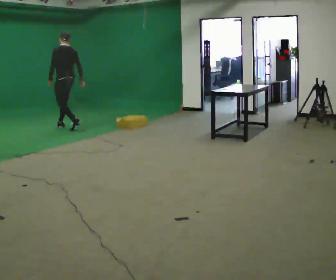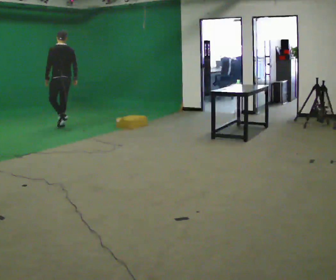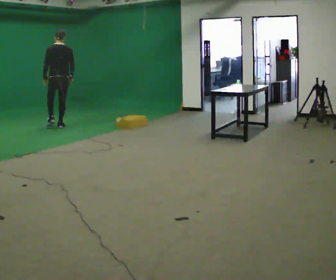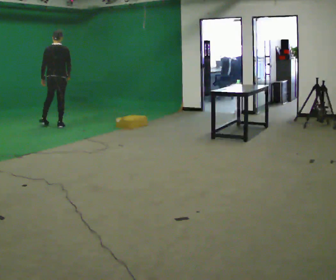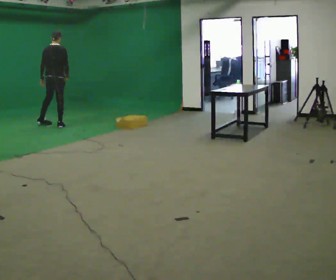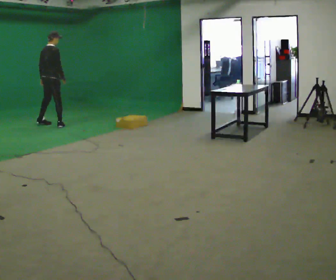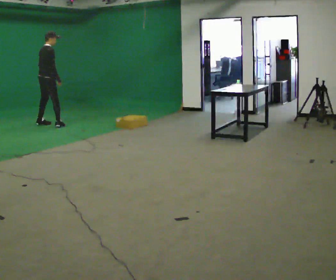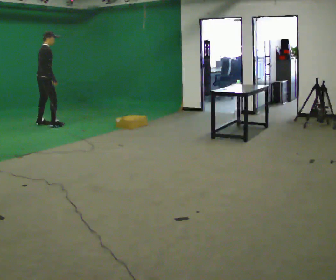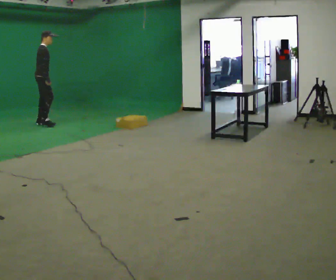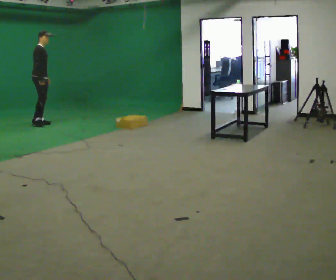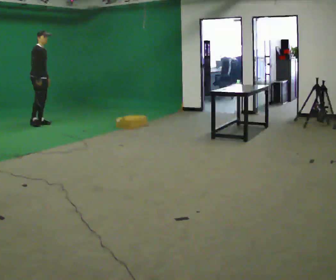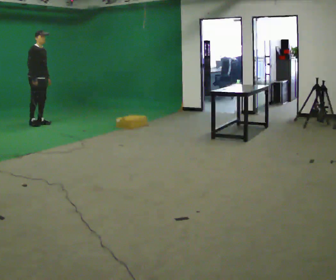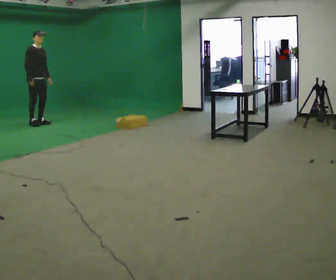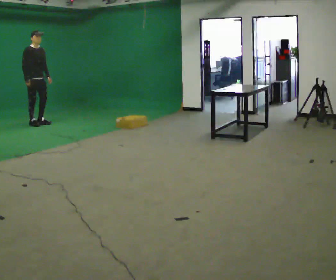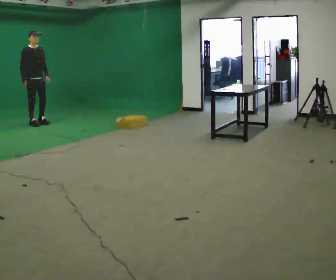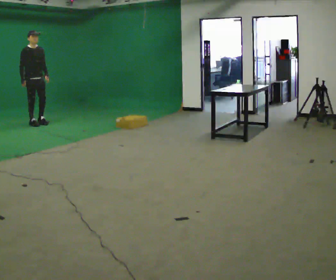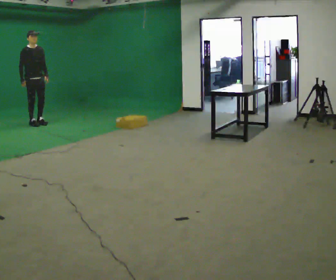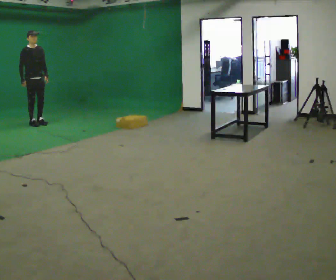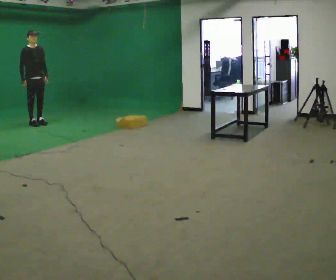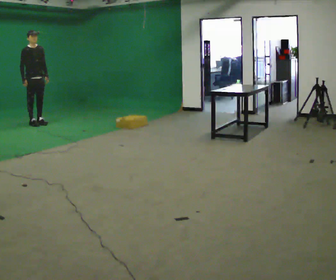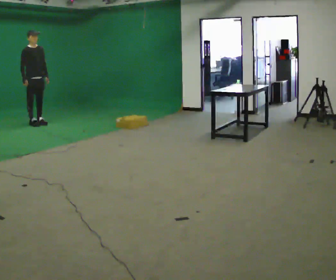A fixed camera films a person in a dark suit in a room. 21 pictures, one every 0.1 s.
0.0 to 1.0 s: The part of the body nearest the lens slides to the left as the person turns to their right by about 150 degrees. In the picture they go to the left and away from the camera, about 0.75 m in 1 step.
1.0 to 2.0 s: The part of the body nearest the lens slides to the left as the person turns to their right by about 30 degrees.
The film runs forward here.
